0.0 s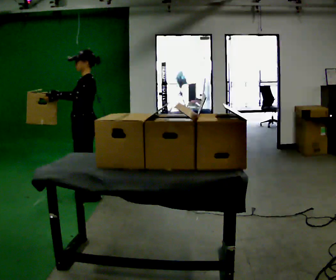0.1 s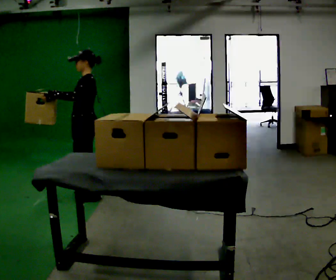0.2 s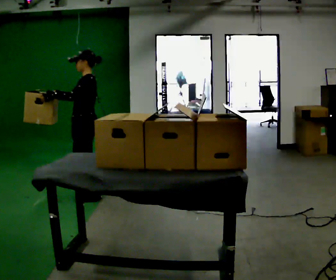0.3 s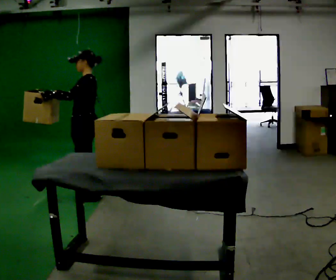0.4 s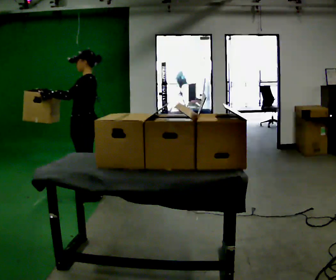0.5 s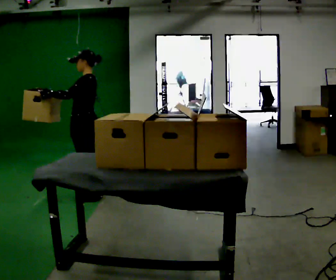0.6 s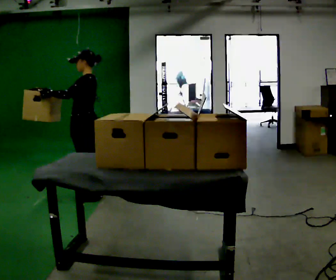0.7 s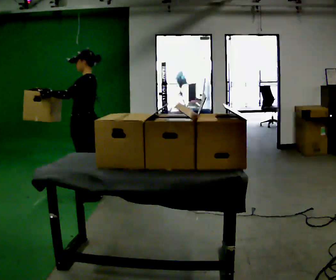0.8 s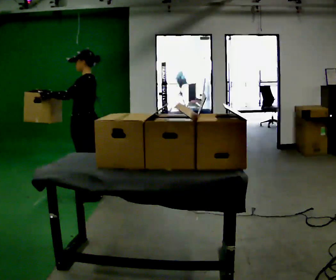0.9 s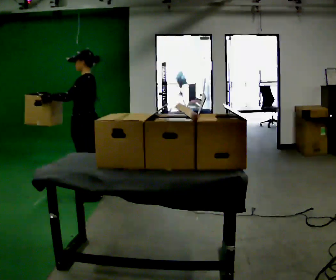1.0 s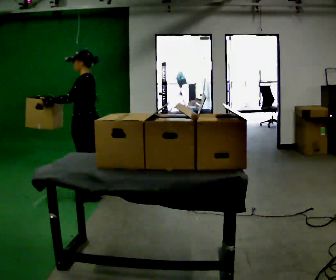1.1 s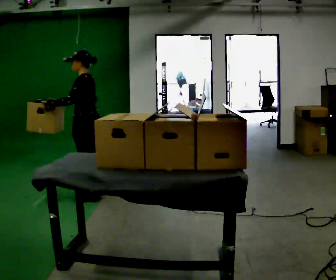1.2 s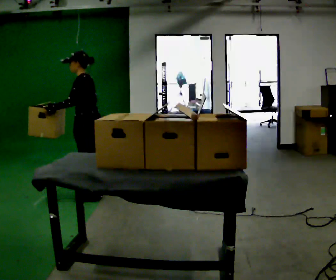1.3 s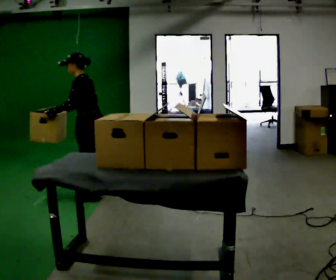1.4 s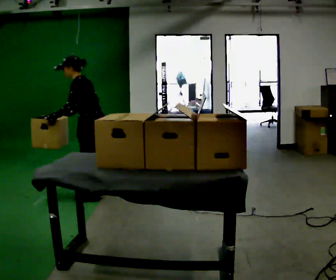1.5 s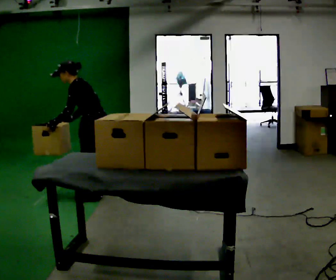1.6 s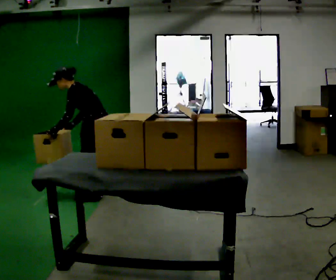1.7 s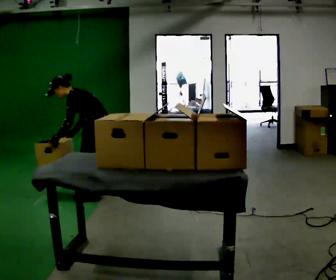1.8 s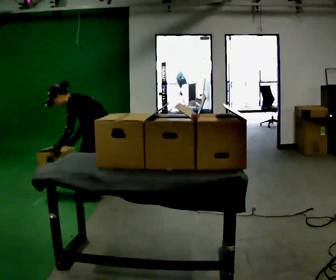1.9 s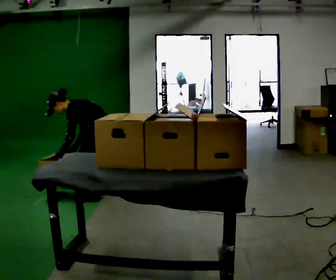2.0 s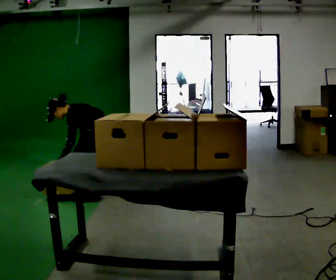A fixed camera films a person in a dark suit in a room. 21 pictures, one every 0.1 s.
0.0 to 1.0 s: The person moves a little, or ends about where they began.
1.0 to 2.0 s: In the picture they go to the right, about 0.25 m, which for them is backward. The shoulders move downward. In the picture the upper body tilts counterclockwise, shoulders to the left, as they bend forward. In the picture their right hand goes downward, the arm swinging counterclockwise.
The film runs backward here.
